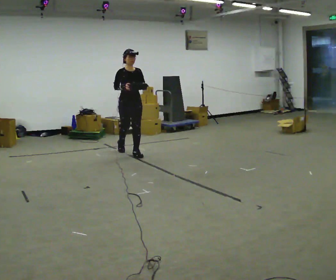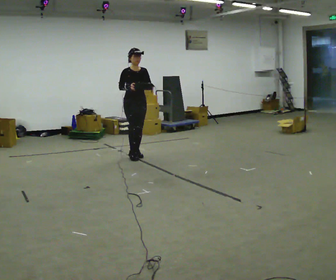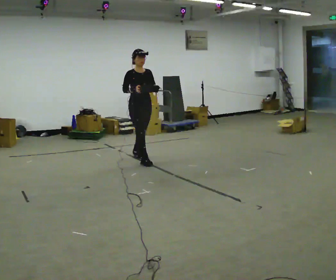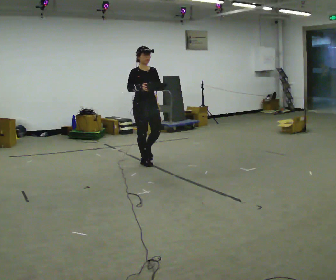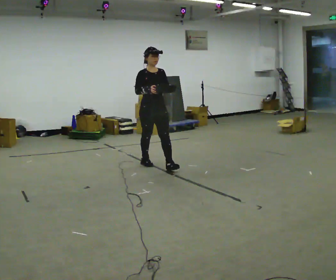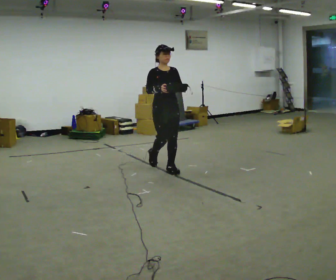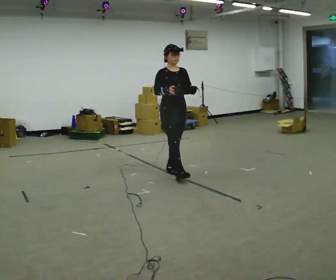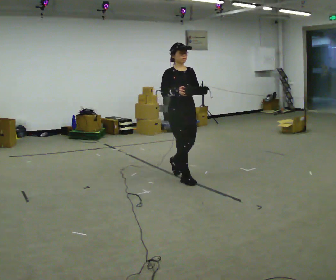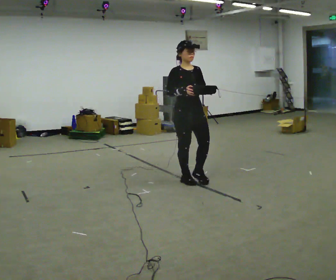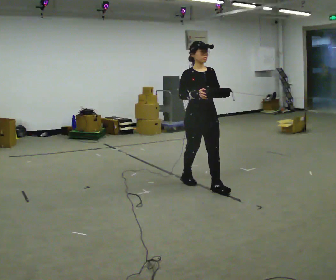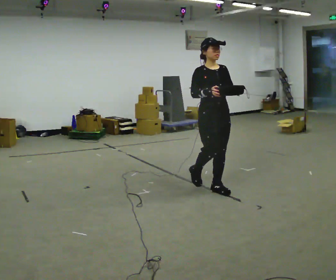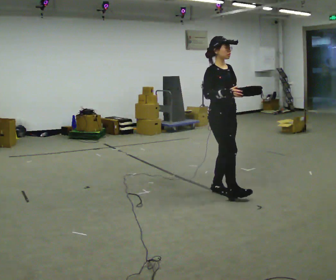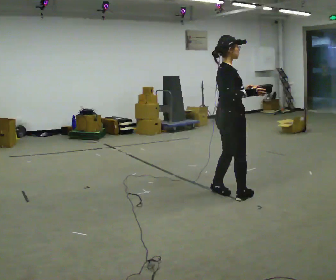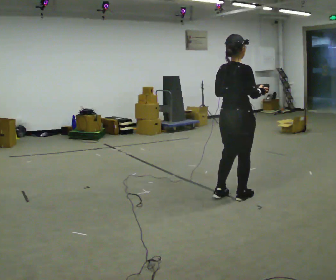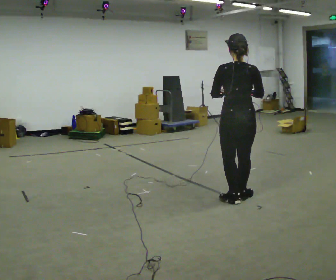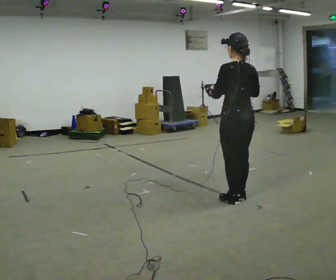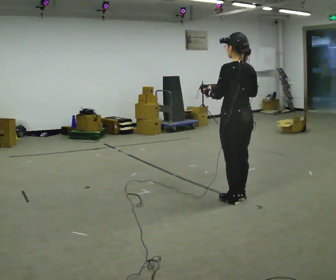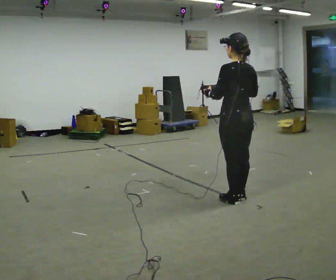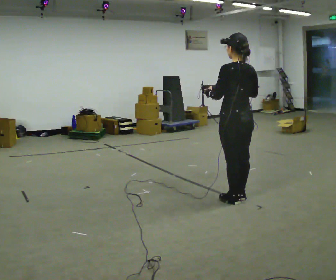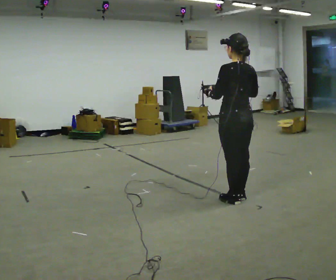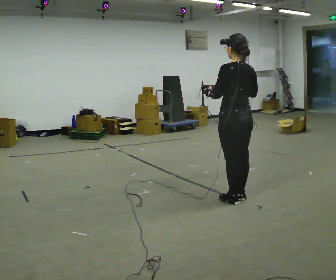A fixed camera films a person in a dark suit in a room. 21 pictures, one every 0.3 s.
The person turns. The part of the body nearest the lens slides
to the right.
The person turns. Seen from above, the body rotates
counterclockwise.
0.0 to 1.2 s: In the picture they go toward the camera and to the right, about 1 m in 1 step, which for them is forward.
1.2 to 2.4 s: In the picture they go toward the camera and to the right, about 1 m in 2 steps, which for them is forward.
2.4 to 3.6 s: The part of the body nearest the lens slides to the right as the person turns to their left by about 60 degrees. In the picture they go to the right and toward the camera, about 0.75 m in 2 steps.
3.6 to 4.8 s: Seen from above the body turns counterclockwise, about 120 degrees: to their left, with its near side sliding to the right. In the picture they go toward the camera, about 0.25 m in 1 step.
4.8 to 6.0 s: The person moves a little, or ends about where they began.
The film runs forward here.
